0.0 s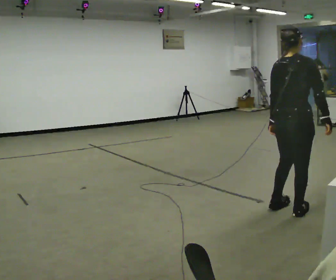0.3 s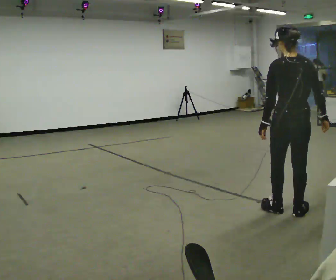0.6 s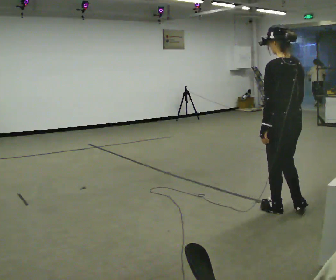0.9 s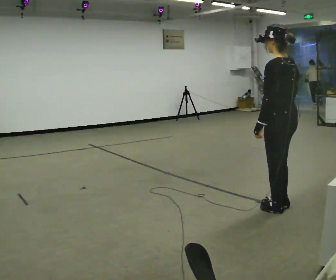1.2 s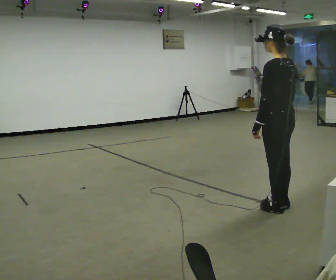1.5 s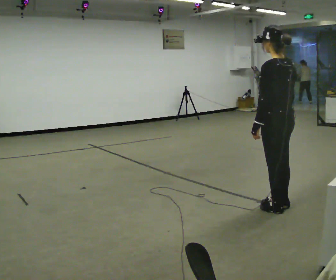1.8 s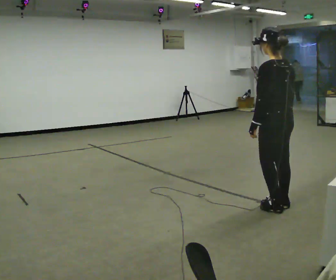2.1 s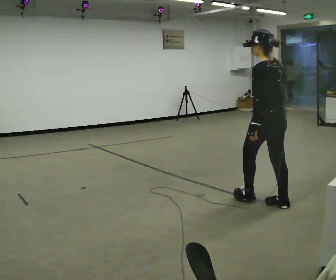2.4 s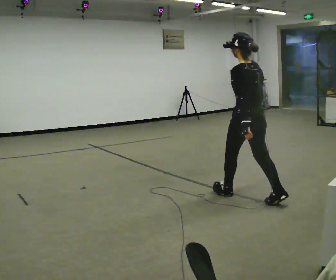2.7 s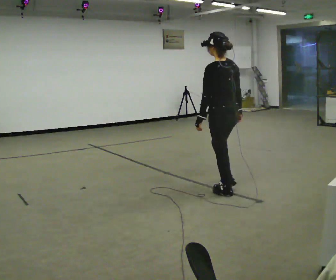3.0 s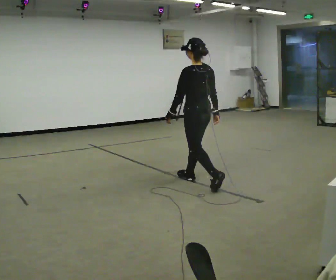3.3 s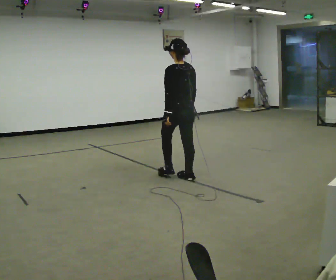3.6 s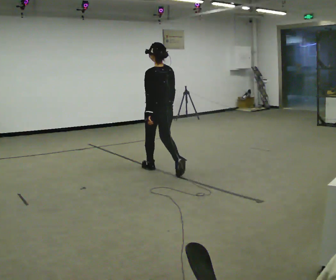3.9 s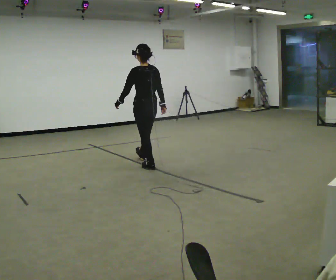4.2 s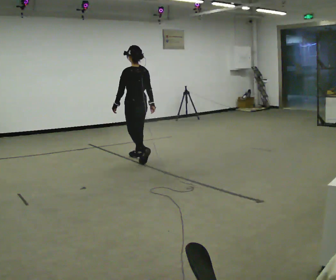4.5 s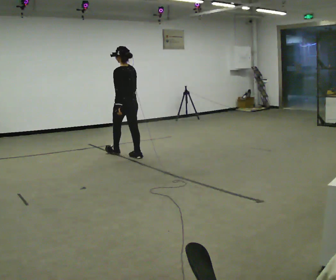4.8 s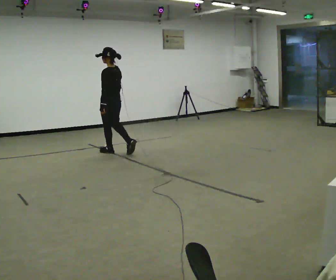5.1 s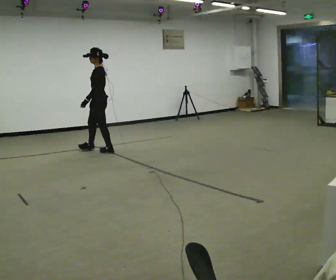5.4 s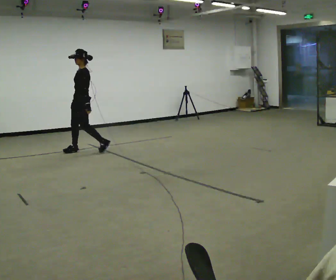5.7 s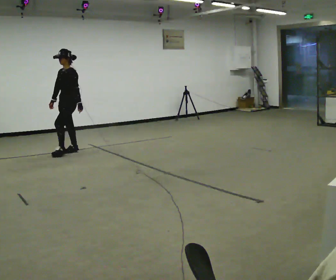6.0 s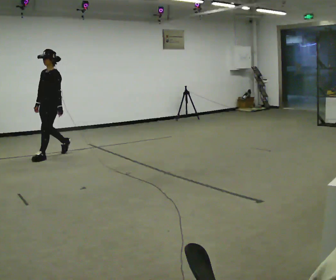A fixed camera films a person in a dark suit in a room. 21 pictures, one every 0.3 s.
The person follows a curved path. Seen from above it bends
counterclockwise.
The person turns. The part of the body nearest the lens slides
to the right.
0.0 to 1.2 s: Seen from above the body turns counterclockwise, about 75 degrees: to their left, with its near side sliding to the right. In the picture they go away from the camera, about 0.25 m in 2 steps.
1.2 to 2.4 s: In the picture they go away from the camera and to the left, about 0.5 m in 1 step, which for them is forward.
2.4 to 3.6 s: In the picture they go away from the camera and to the left, about 1.5 m in 2 steps, which for them is forward.
3.6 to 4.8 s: The person turns about 30 degrees to their left, counterclockwise seen from above, so the part of the body nearest the lens slides to the right. In the picture they go away from the camera and to the left, about 1 m in 2 steps, which for them is forward.
4.8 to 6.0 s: The part of the body nearest the lens slides to the right as the person turns to their left by about 75 degrees. In the picture they go to the left and toward the camera, about 1 m in 2 steps.
The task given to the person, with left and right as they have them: Walk continuously around room; naturally change direction/speed; no manipulation.
The film runs forward here.
